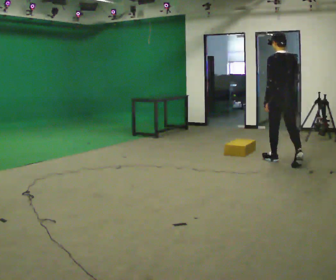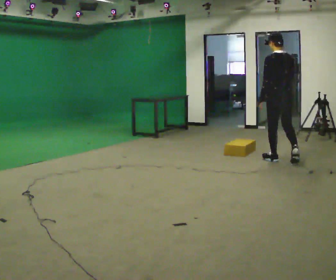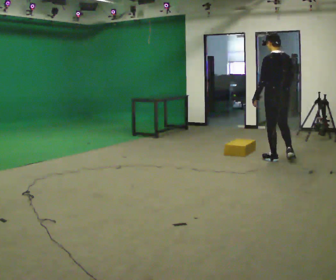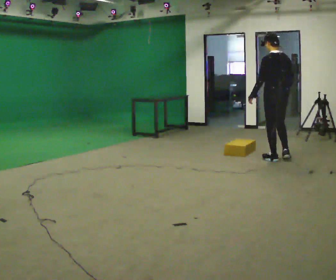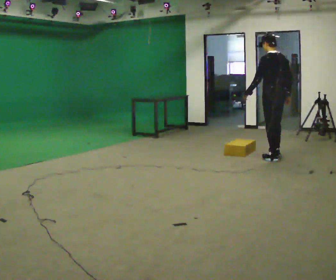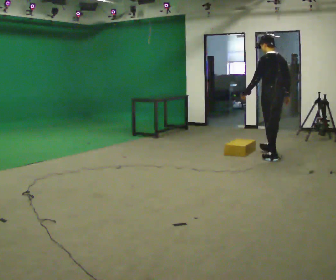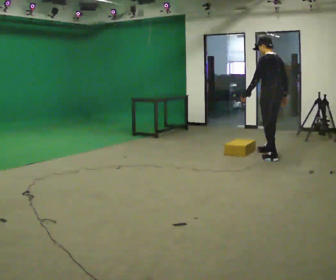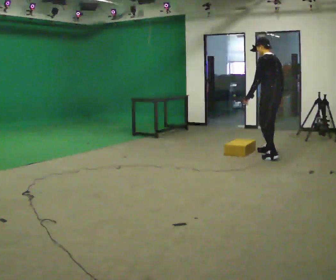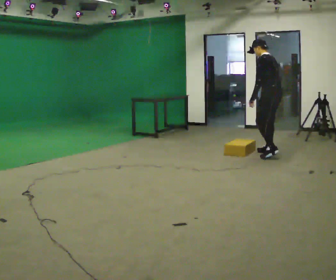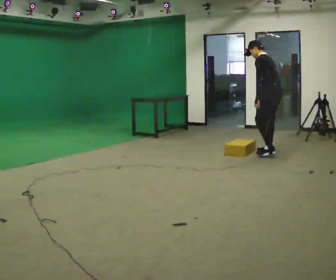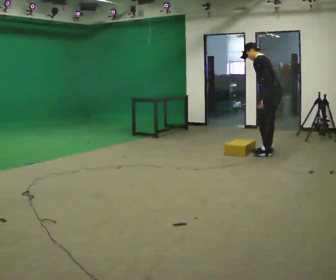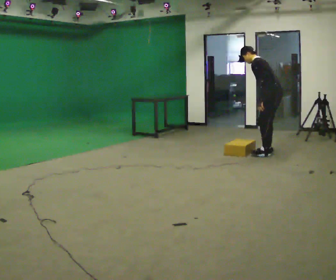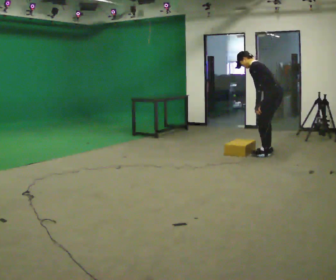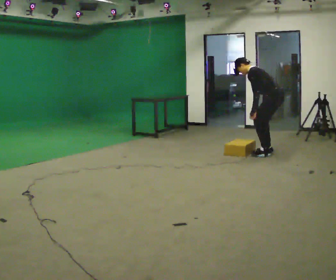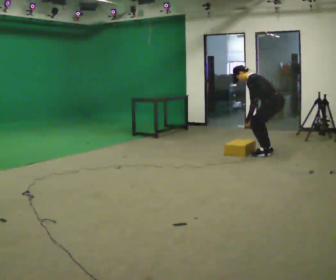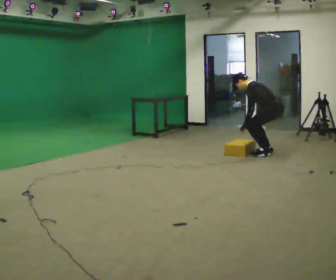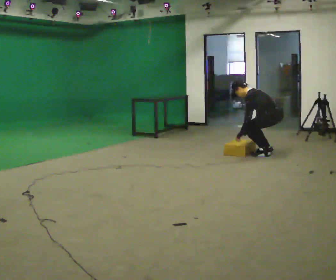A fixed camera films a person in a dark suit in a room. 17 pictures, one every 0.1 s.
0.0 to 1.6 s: The part of the body nearest the lens slides to the right as the person turns to their left by about 45 degrees. In the picture they go away from the camera, about 0.5 m in 2 steps, which for them is to their right and forward. The shoulders move downward. In the picture the upper body tilts counterclockwise, shoulders to the left, as they bend forward. In the picture their left hand goes downward.
The film runs forward here.
